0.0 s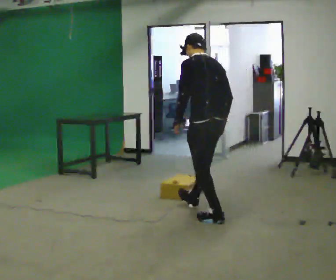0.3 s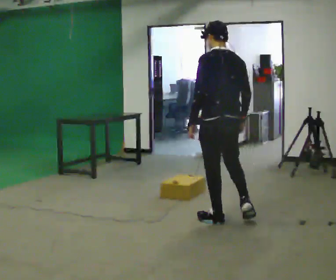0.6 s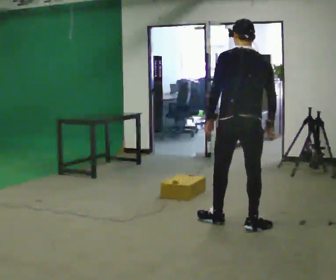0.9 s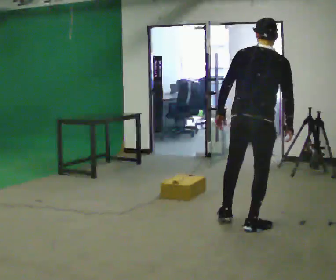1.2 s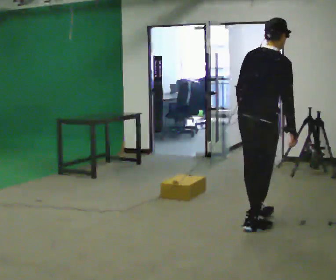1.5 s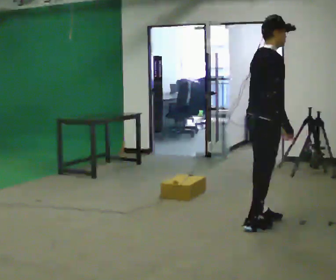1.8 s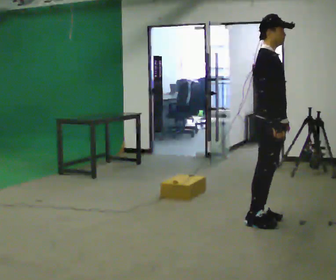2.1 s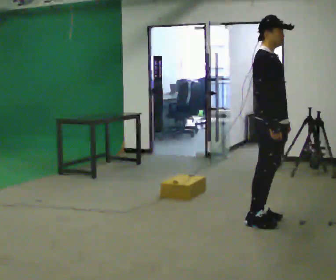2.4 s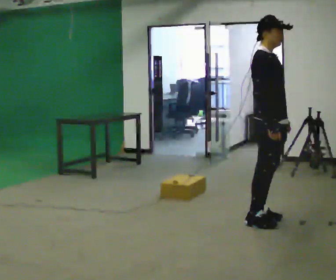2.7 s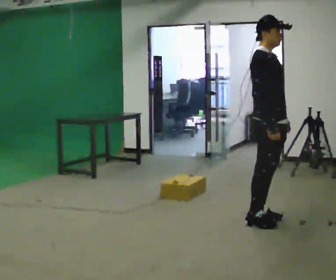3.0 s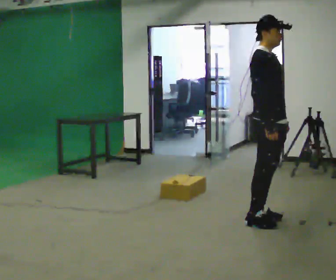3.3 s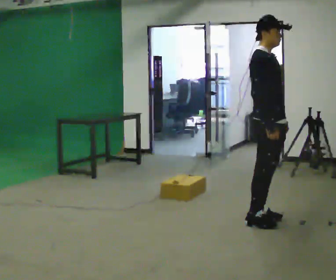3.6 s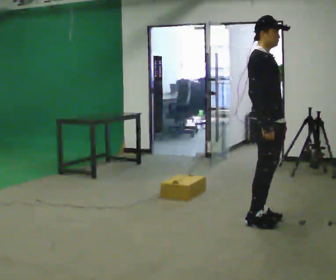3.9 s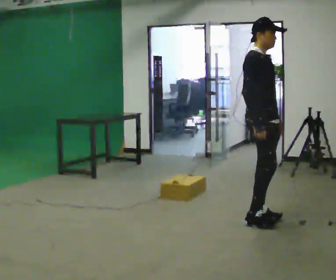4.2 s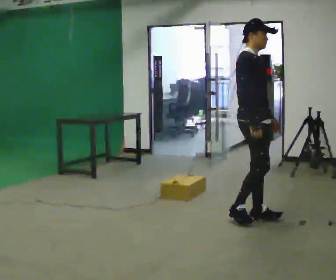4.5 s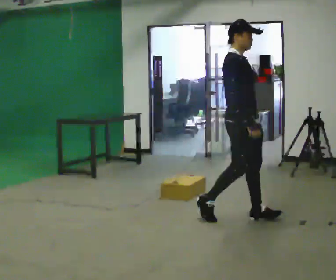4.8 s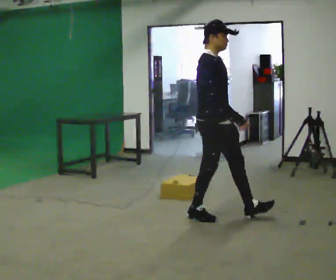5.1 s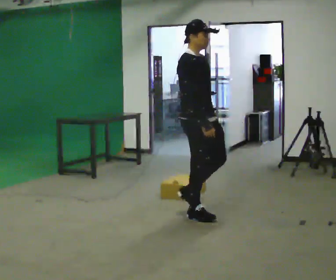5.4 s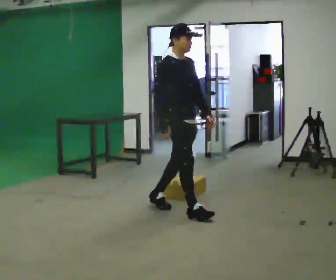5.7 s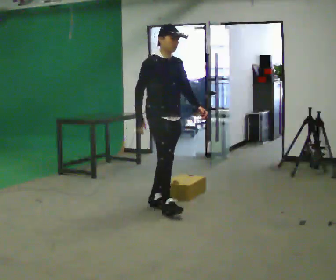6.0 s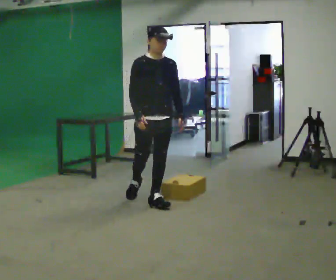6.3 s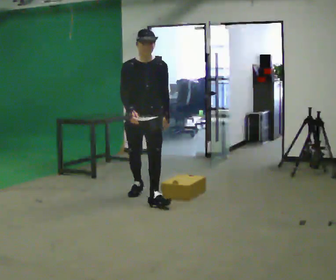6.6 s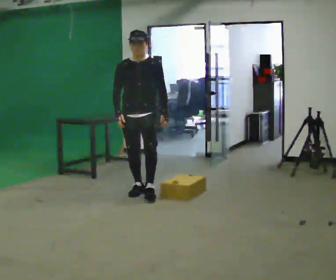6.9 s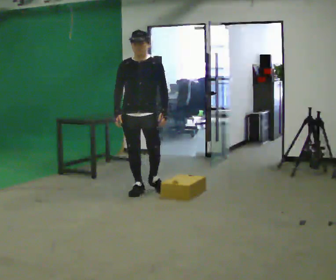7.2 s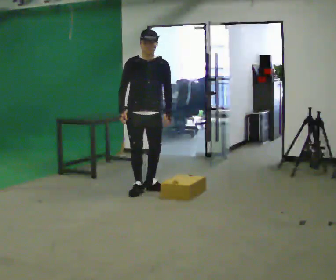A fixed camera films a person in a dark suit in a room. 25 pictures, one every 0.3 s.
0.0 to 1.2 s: The person turns about 90 degrees to their right, clockwise seen from above, so the part of the body nearest the lens slides to the left. In the picture they go to the right and toward the camera, about 0.5 m in 1 step. In the picture the upper body tilts clockwise, shoulders to the right.
1.2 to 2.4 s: The person turns about 60 degrees to their right, clockwise seen from above, so the part of the body nearest the lens slides to the left. In the picture the upper body tilts counterclockwise, shoulders to the left, as they lean back or straighten. In the picture their left hand goes to the right, the arm swinging counterclockwise.
2.4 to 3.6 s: The person moves a little, or ends about where they began.
3.6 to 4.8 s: In the picture they go to the left, about 0.5 m in 2 steps, which for them is backward.
4.8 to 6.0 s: The person turns about 45 degrees to their right, clockwise seen from above, so the part of the body nearest the lens slides to the left. In the picture they go to the left and away from the camera, about 1 m in 1 step, which for them is backward.
6.0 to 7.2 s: In the picture they go away from the camera and to the left, about 0.5 m in 1 step, which for them is backward.
The film runs backward here.
